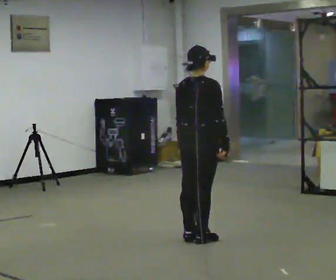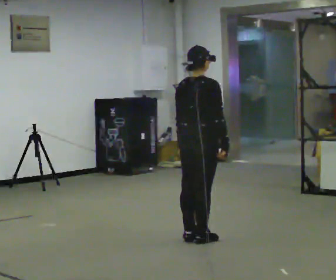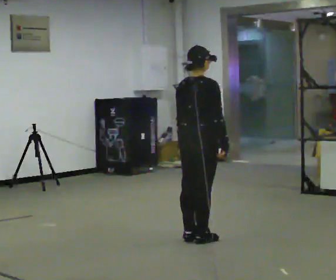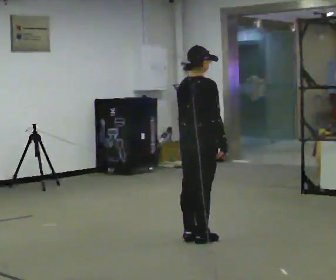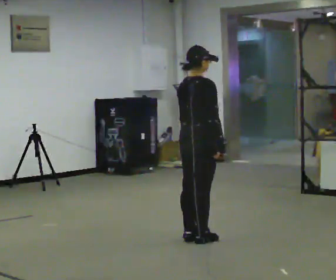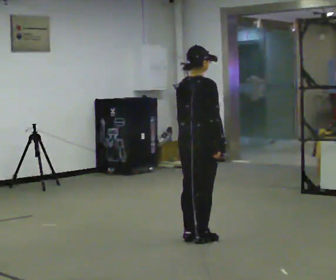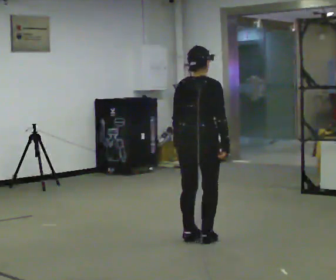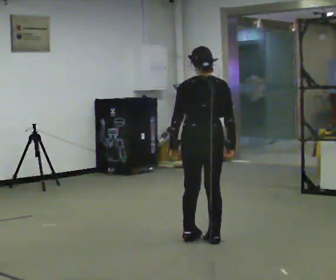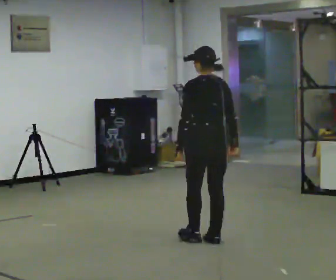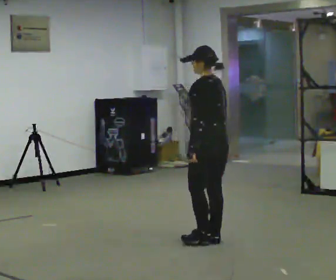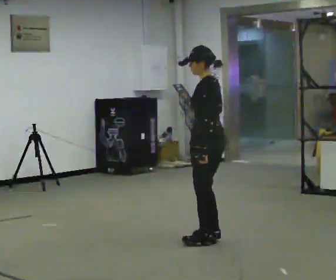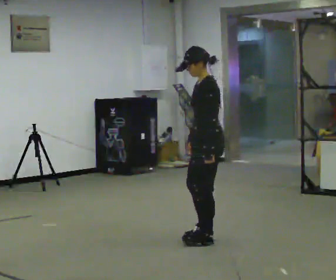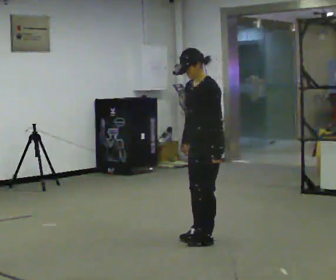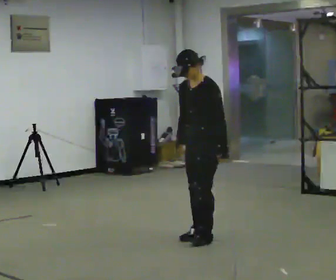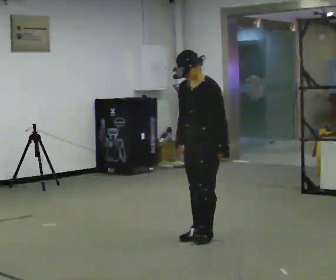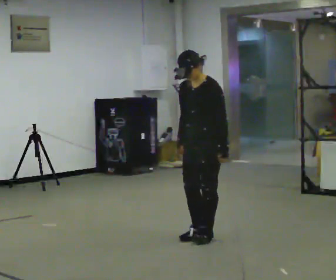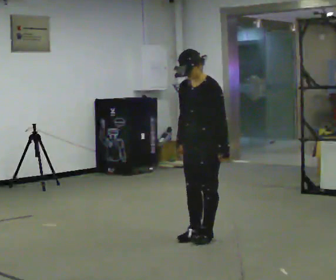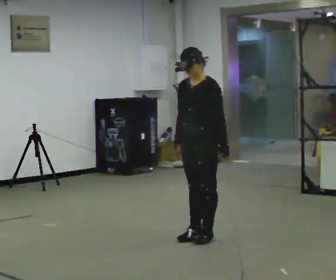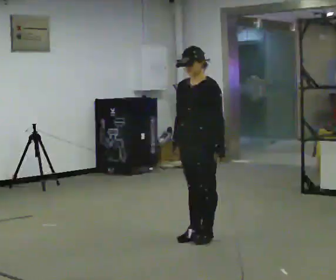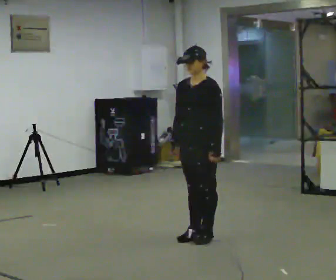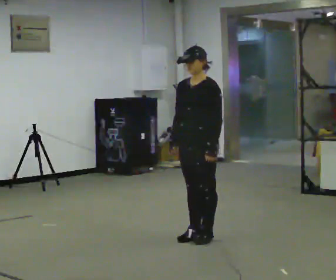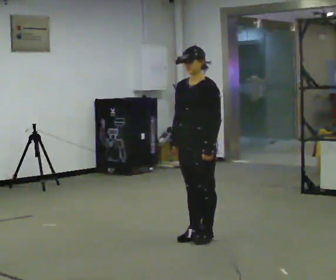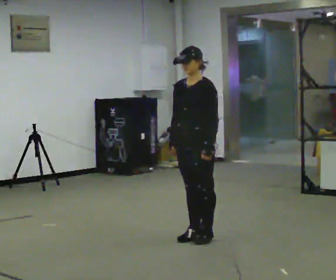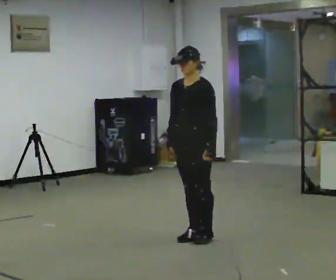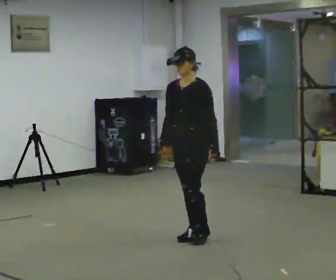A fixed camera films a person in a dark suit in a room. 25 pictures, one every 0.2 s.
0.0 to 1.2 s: The person moves a little, or ends about where they began.
1.2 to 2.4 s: Seen from above the body turns counterclockwise, about 150 degrees: to their left, with its near side sliding to the right. In the picture their right hand goes to the left, the arm swinging clockwise.
2.4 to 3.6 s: The person turns about 30 degrees to their left, counterclockwise seen from above, so the part of the body nearest the lens slides to the right.
3.6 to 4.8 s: The person moves a little, or ends about where they began.
The film runs forward here.
